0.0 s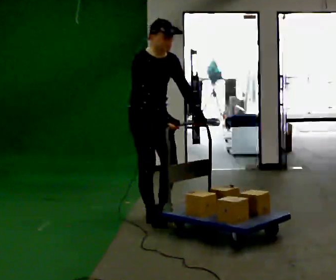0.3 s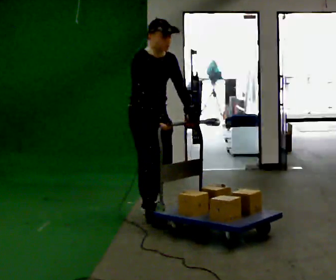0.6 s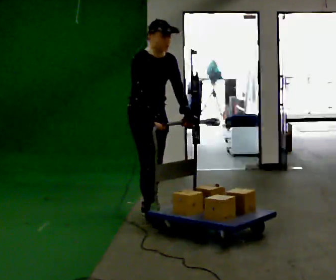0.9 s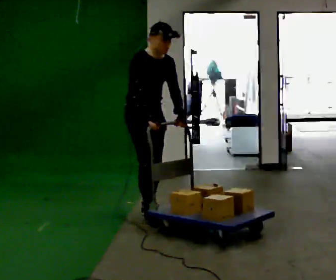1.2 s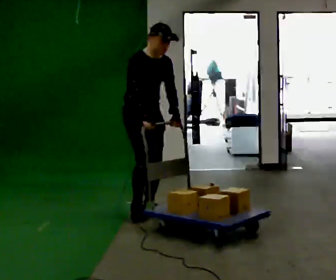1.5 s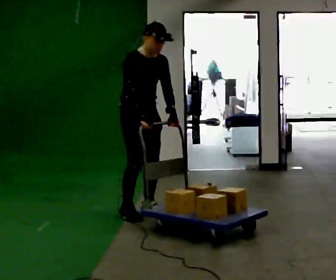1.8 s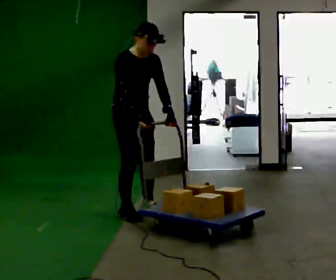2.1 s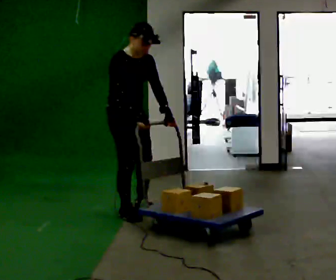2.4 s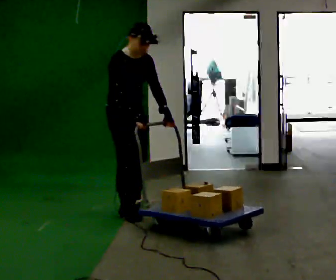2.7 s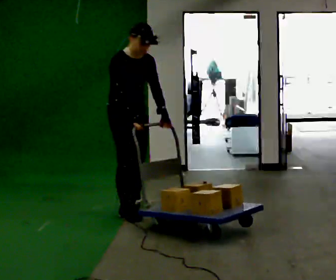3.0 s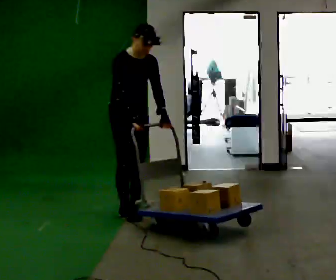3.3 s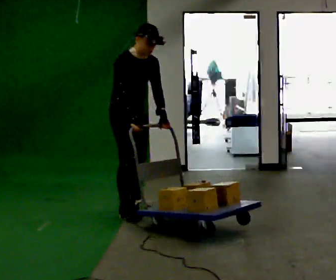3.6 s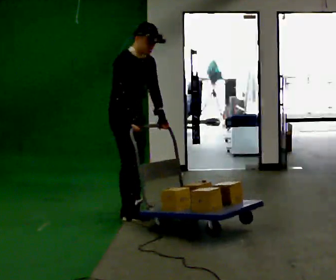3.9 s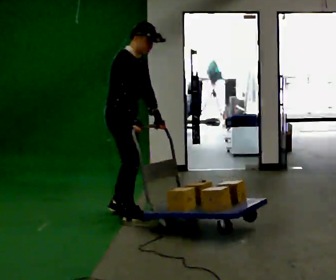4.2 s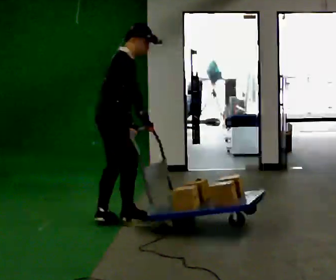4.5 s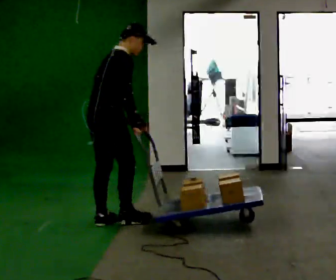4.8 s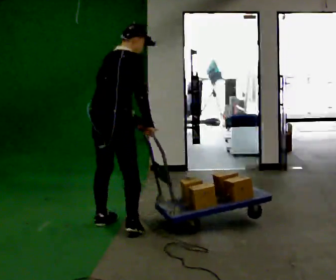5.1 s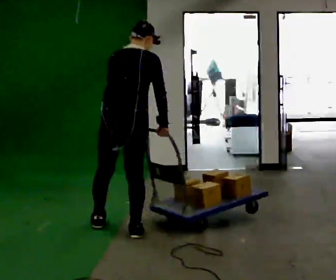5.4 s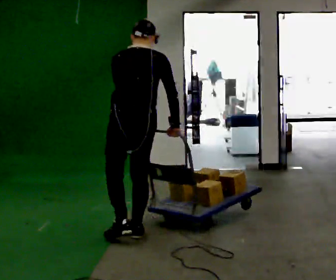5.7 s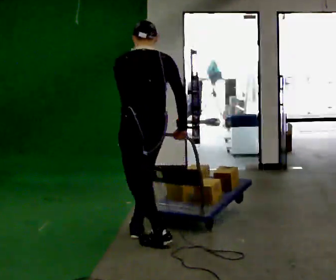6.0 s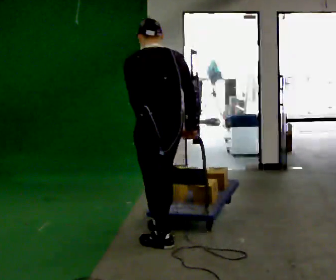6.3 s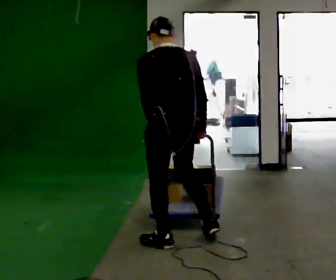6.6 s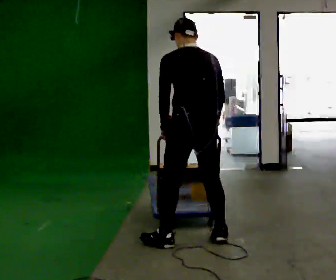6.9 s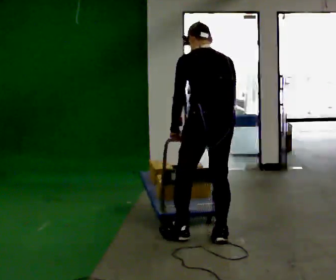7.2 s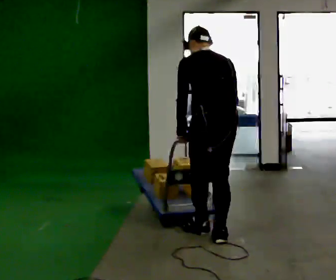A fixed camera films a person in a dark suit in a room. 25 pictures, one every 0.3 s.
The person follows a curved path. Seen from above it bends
counterclockwise.
The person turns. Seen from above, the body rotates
counterclockwise.
0.0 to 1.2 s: In the picture they go away from the camera, about 0.25 m in 1 step, which for them is backward and to their left.
1.2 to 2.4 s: In the picture they go to the left, about 0.25 m in 1 step, which for them is to their right.
2.4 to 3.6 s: The person moves a little, or ends about where they began.
3.6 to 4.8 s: Seen from above the body turns counterclockwise, about 75 degrees: to their left, with its near side sliding to the right. In the picture they go toward the camera, about 0.5 m in 2 steps. The upper body tips away from the camera, its near side rolling upward.
4.8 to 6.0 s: Seen from above the body turns counterclockwise, about 60 degrees: to their left, with its near side sliding to the right. In the picture they go toward the camera and to the right, about 0.5 m in 2 steps. In the picture the upper body tilts counterclockwise, shoulders to the left.
6.0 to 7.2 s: In the picture they go to the right, about 0.5 m in 1 step, which for them is to their right.
The film runs backward here.
